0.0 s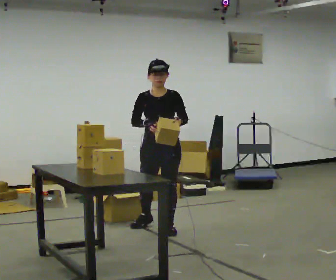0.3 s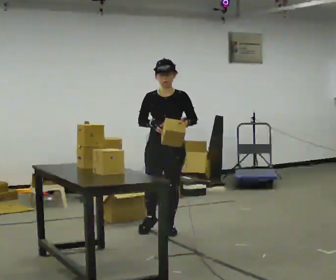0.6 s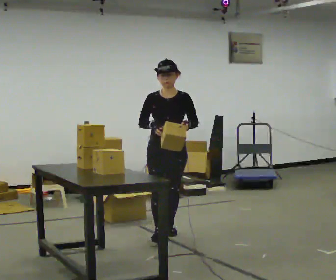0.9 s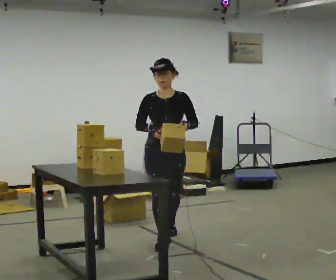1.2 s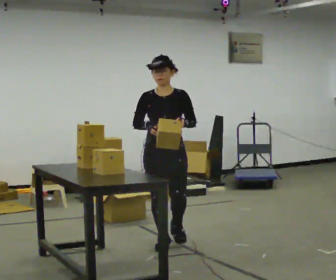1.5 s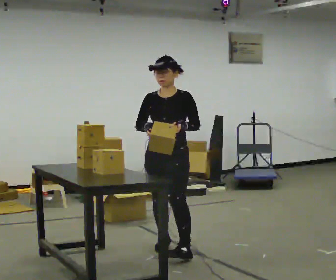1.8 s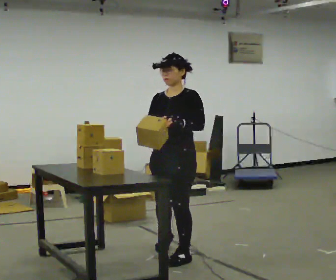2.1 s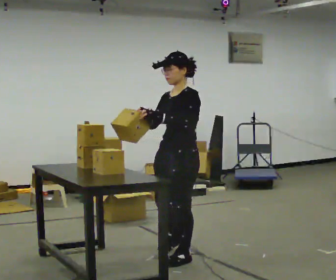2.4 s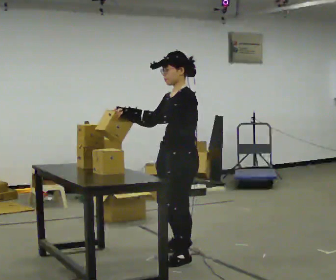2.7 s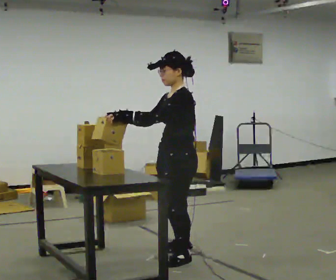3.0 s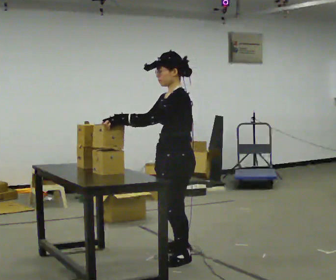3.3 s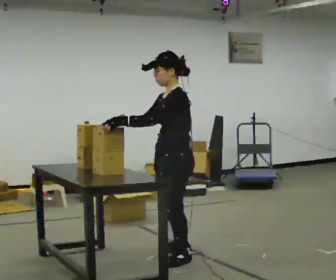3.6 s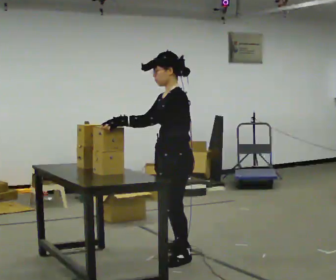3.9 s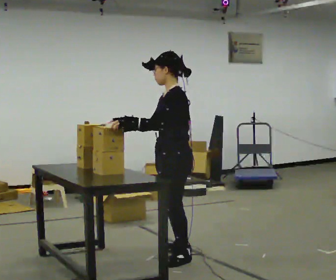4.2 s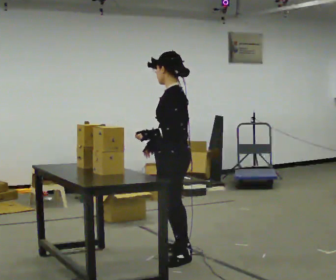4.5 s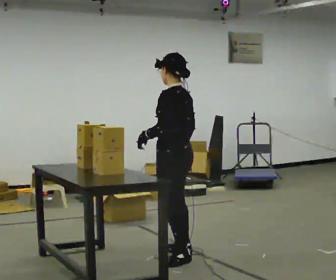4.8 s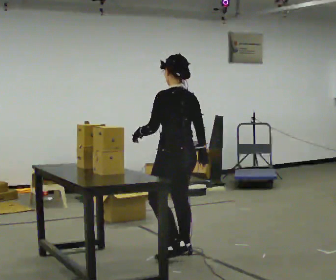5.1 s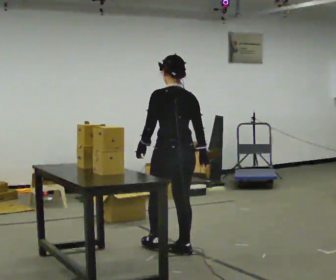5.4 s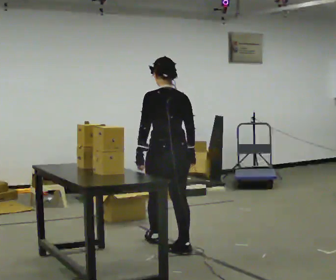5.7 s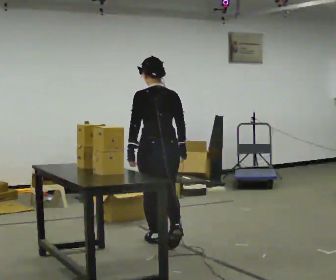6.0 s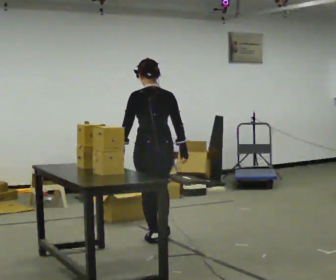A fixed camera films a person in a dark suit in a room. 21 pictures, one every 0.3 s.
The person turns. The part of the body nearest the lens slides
to the left.
The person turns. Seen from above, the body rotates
clockwise.
0.0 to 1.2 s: In the picture they go toward the camera, about 0.5 m in 1 step, which for them is forward.
1.2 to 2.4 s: Seen from above the body turns clockwise, about 75 degrees: to their right, with its near side sliding to the left. In the picture they go toward the camera, about 0.5 m in 2 steps.
2.4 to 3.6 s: The person moves a little, or ends about where they began.
3.6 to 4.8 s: The person turns about 60 degrees to their right, clockwise seen from above, so the part of the body nearest the lens slides to the left. In the picture they go away from the camera, about 0.25 m, which for them is to their right.
4.8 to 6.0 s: Seen from above the body turns clockwise, about 30 degrees: to their right, with its near side sliding to the left. In the picture they go away from the camera and to the left, about 0.5 m in 1 step, which for them is forward.
The film runs forward here.
